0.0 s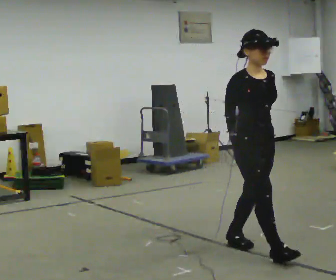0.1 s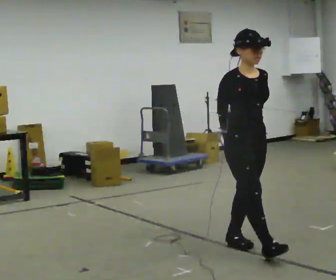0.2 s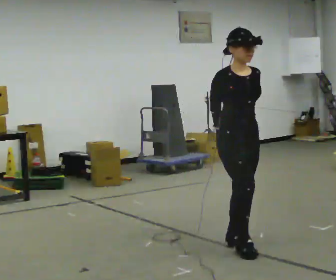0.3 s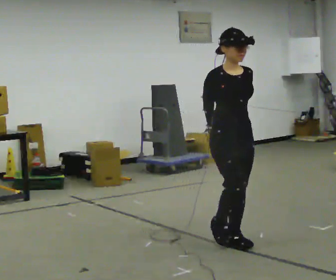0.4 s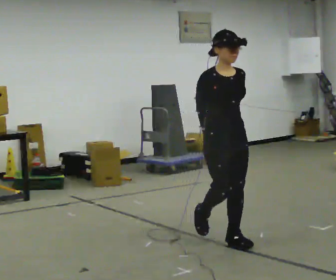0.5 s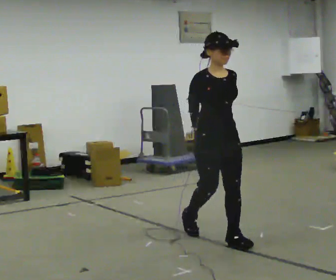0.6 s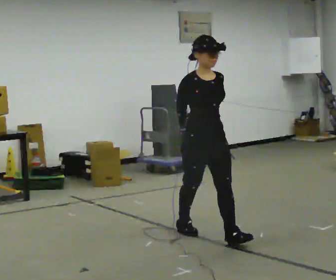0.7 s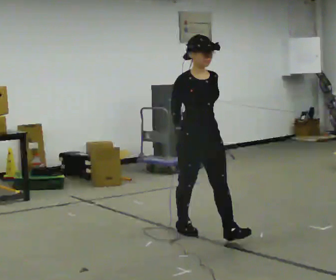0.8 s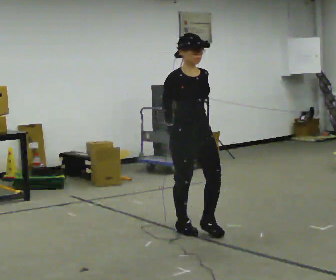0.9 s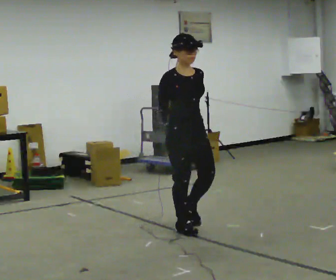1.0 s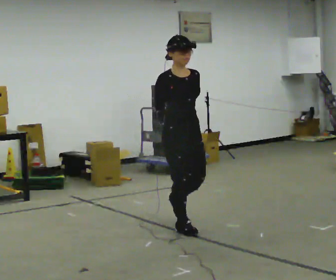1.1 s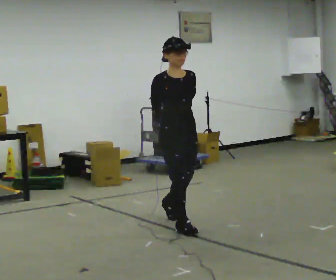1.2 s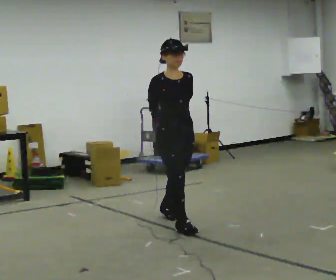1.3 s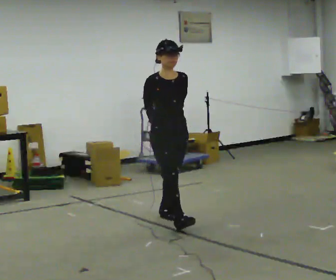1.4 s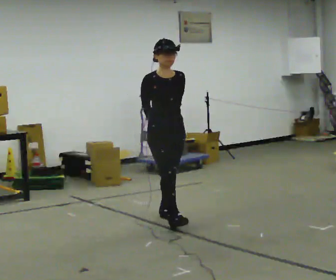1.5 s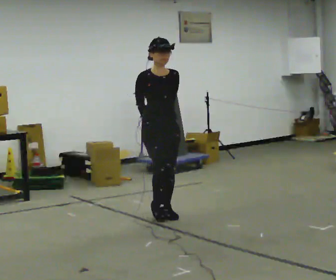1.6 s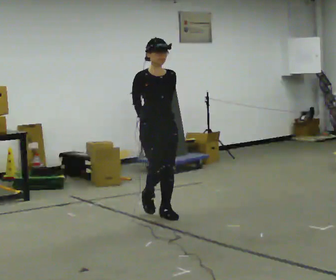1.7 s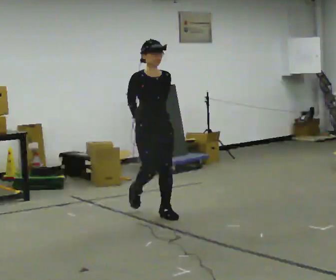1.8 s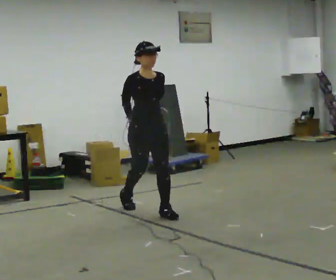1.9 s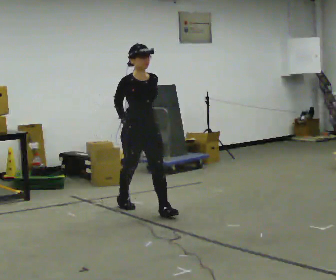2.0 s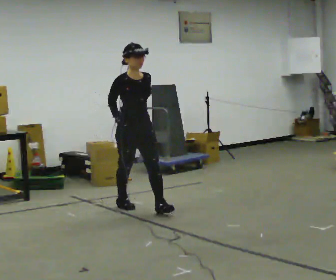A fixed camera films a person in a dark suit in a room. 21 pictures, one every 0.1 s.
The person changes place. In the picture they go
away from the camera.
0.0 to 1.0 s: In the picture they go away from the camera and to the left, about 1 m in 2 steps, which for them is backward.
1.0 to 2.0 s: In the picture they go away from the camera and to the left, about 1 m in 2 steps, which for them is backward.
The film runs backward here.
